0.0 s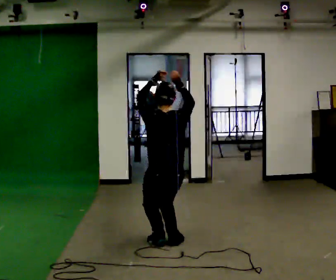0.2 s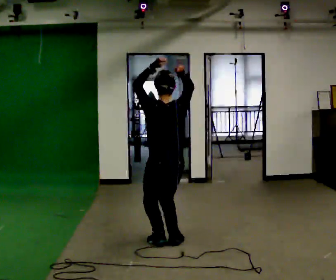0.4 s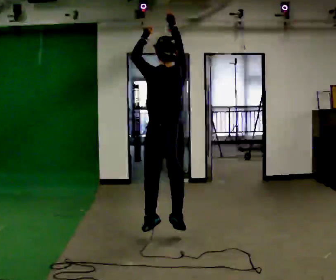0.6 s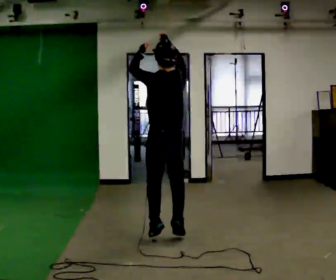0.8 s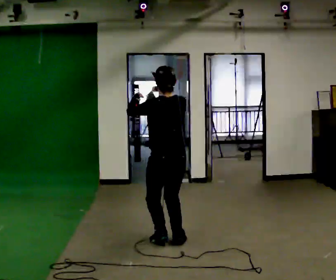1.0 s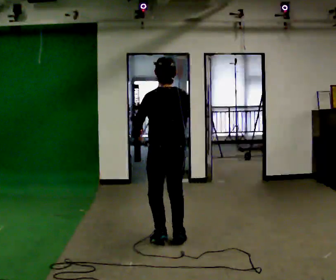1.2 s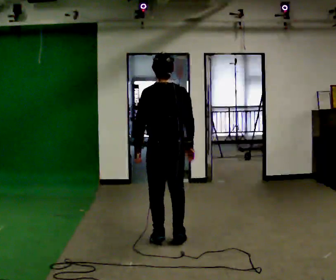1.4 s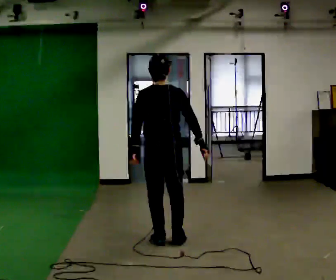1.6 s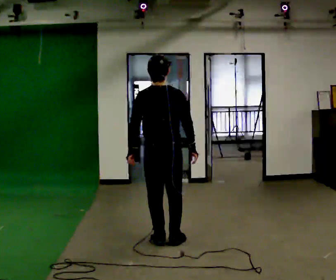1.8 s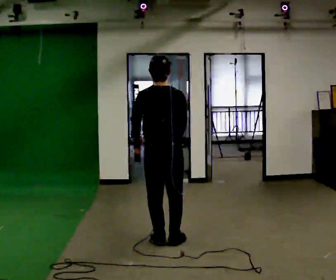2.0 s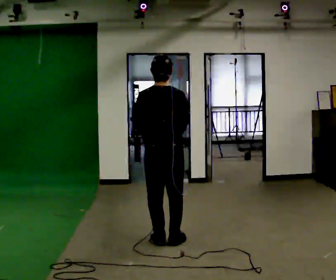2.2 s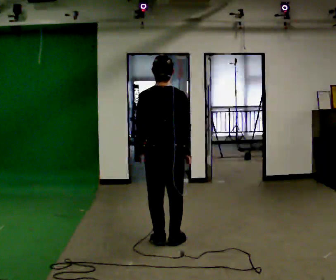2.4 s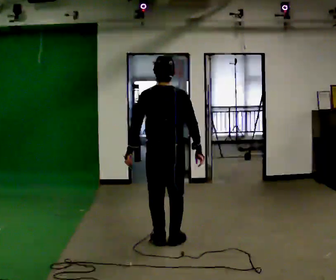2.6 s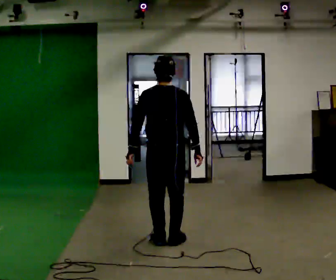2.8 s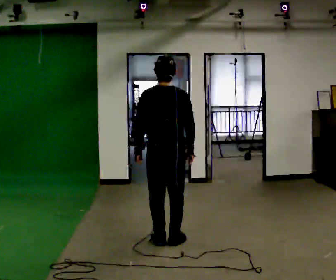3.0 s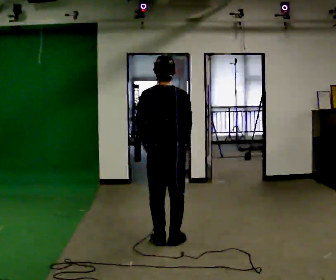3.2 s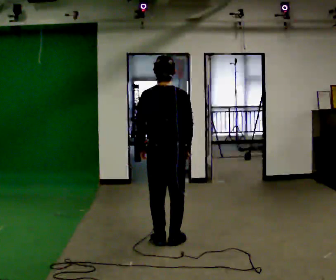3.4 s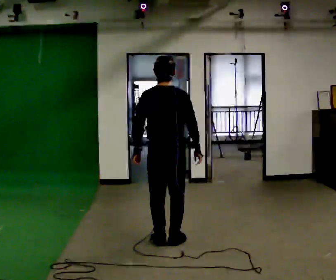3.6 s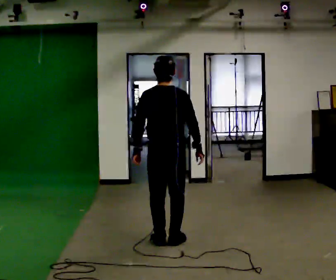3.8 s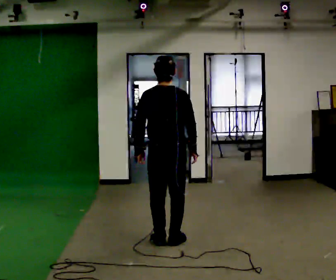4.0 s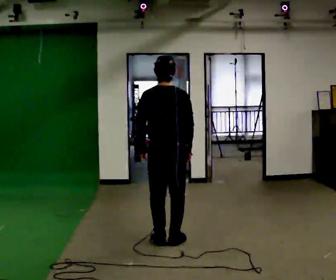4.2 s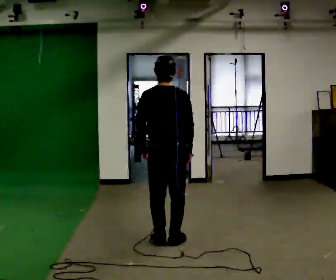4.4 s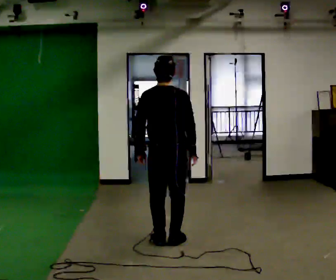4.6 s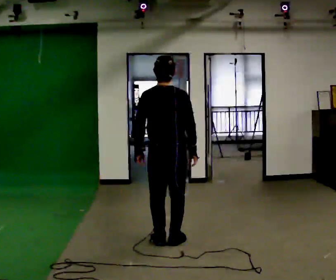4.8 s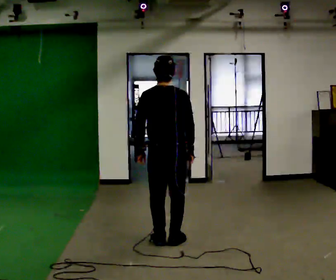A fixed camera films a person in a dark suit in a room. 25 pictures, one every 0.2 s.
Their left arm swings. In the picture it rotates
counterclockwise.
0.0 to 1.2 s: In the picture their right hand goes downward.
1.2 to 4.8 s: The person moves a little, or ends about where they began.
The film runs forward here.
